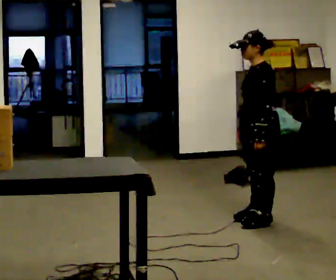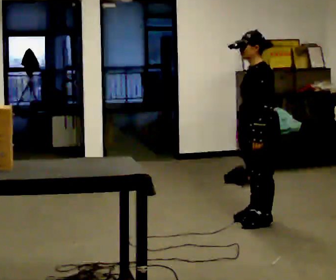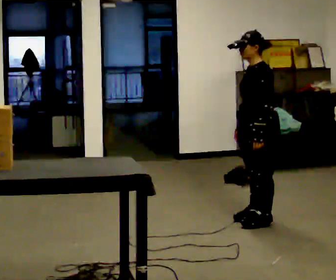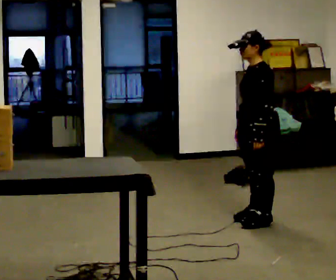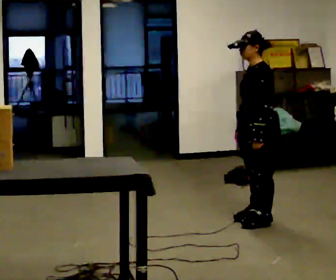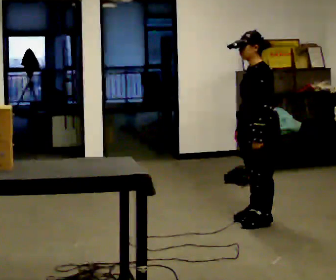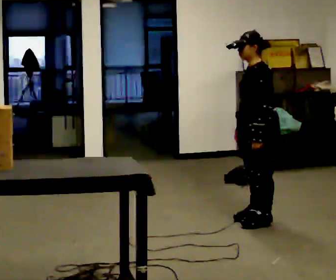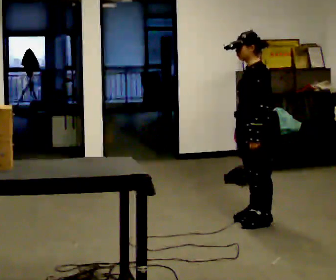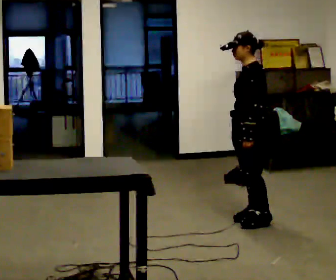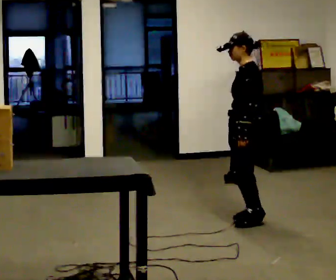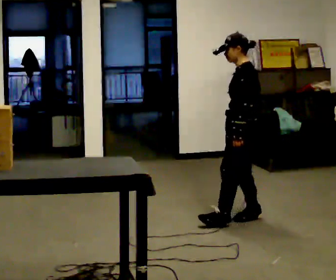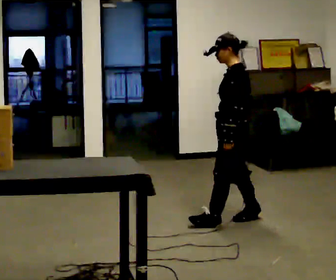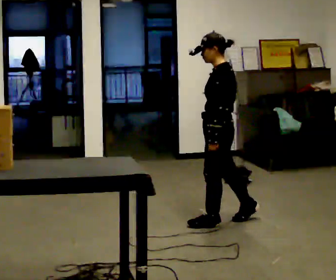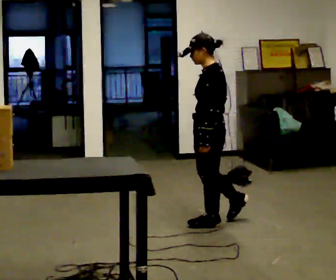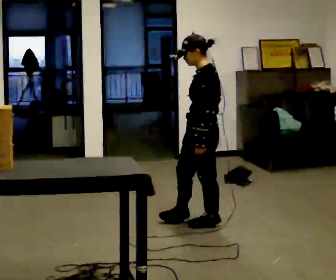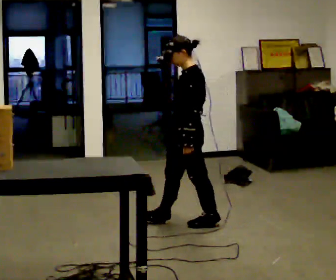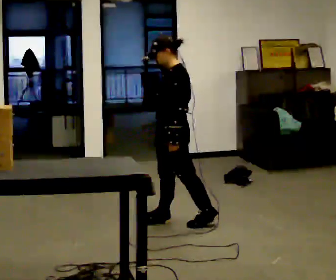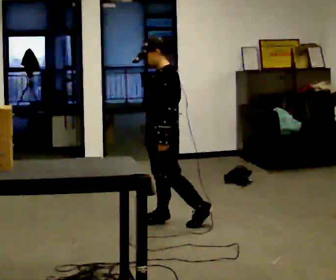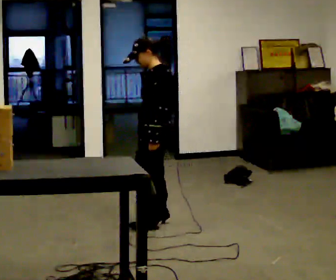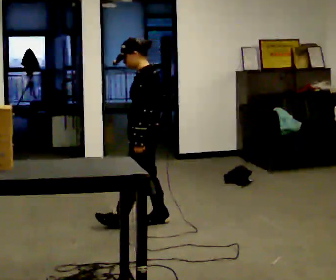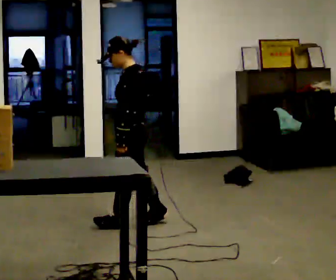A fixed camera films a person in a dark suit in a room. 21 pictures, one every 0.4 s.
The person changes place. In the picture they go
to the left.
0.0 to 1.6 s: The person keeps their place and pose.
1.6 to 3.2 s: The person moves a little, or ends about where they began.
3.2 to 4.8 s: In the picture they go to the left, about 0.25 m in 1 step, which for them is forward.
4.8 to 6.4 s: In the picture they go to the left, about 0.25 m in 1 step, which for them is forward.
6.4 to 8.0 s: In the picture they go to the left, about 0.25 m in 1 step, which for them is forward.
The film runs forward here.
